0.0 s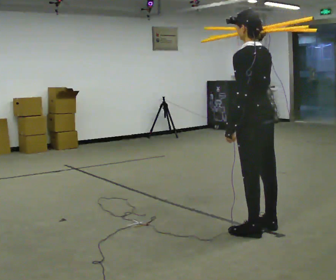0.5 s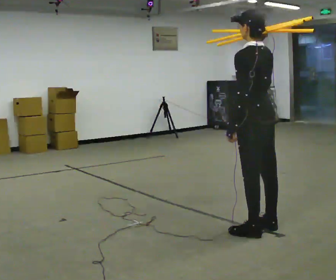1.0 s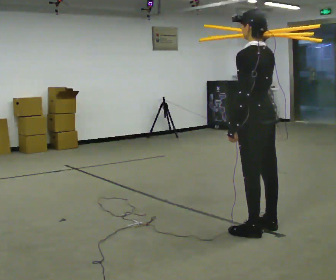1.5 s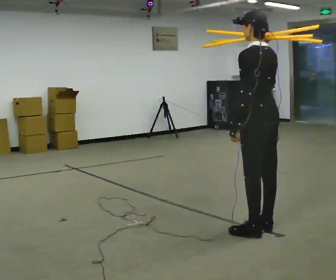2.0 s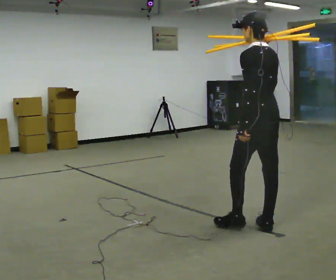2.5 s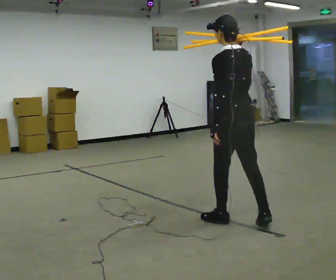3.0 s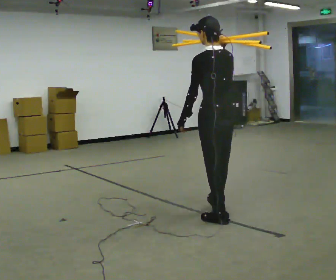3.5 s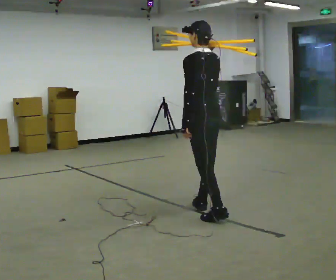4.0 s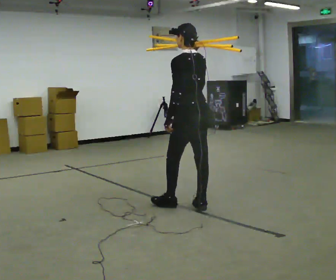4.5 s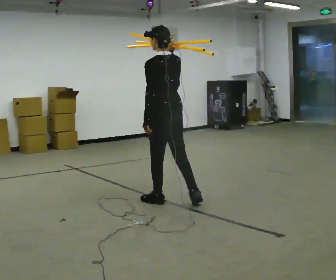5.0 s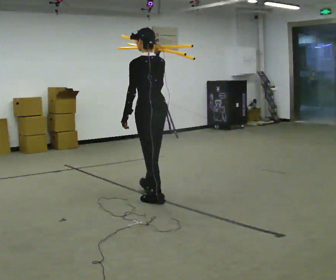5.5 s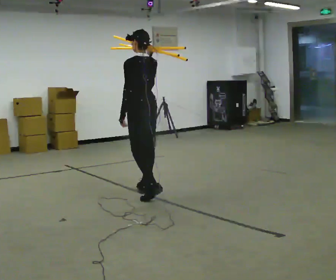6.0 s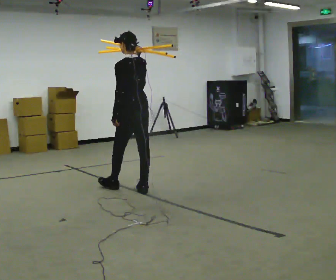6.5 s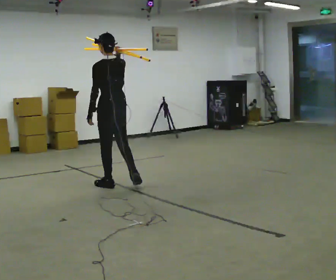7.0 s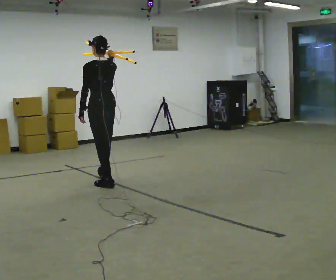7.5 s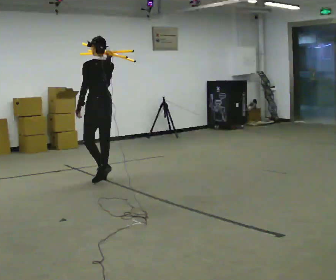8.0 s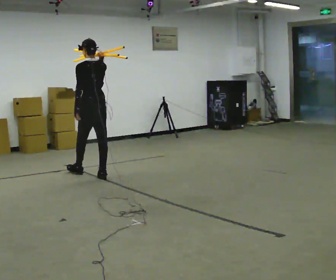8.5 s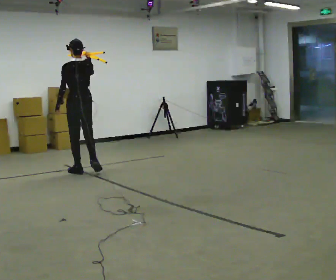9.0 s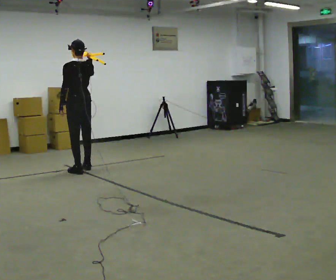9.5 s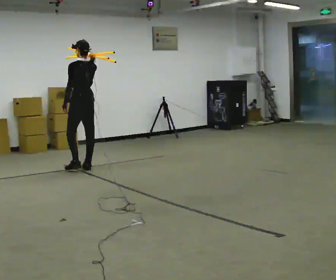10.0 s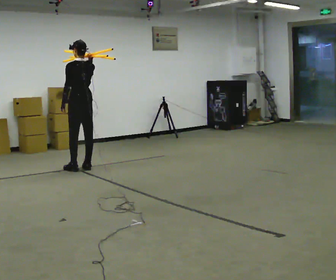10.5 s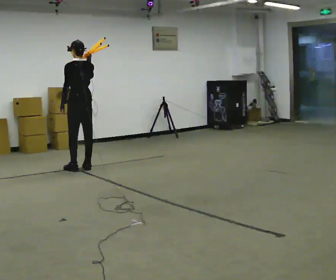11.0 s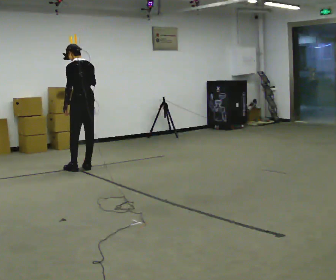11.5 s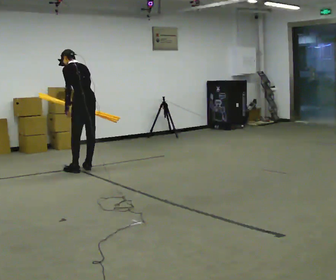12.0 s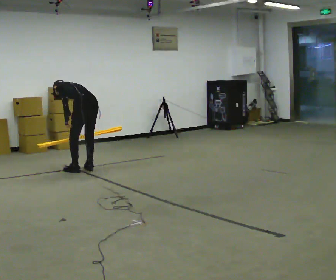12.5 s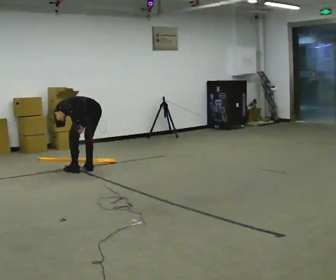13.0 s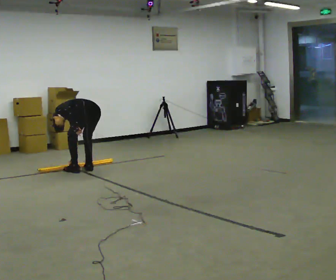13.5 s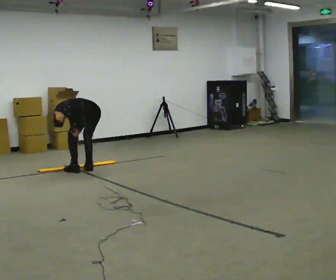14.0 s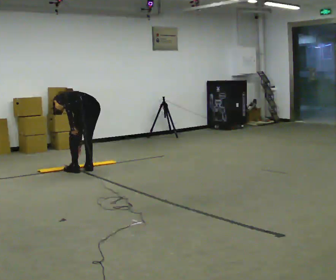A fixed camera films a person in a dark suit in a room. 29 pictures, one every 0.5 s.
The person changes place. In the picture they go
away from the camera.
0.0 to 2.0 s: The person moves a little, or ends about where they began.
2.0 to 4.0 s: In the picture they go away from the camera and to the left, about 1 m in 2 steps, which for them is forward.
4.0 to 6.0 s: In the picture they go away from the camera and to the left, about 1 m in 2 steps, which for them is forward.
6.0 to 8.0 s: In the picture they go away from the camera and to the left, about 1 m in 3 steps, which for them is forward.
8.0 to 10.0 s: In the picture they go away from the camera, about 0.5 m in 2 steps, which for them is forward.
10.0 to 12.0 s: In the picture they go toward the camera, about 0.25 m, which for them is backward. The upper body goes downward. The upper body tips away from the camera, its near side rolling upward, as they bend forward. In the picture their right hand goes downward.
12.0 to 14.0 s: The person moves a little, or ends about where they began.
The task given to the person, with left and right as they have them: Rest the long object on the shoulder the operator calls and carry it across the room, back and forth.
The film runs forward here.
